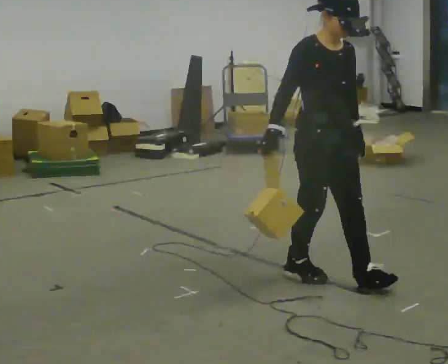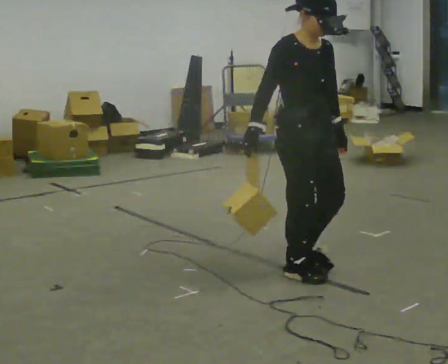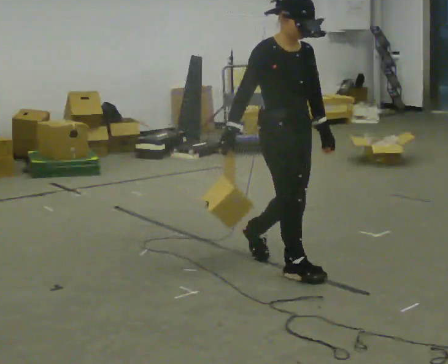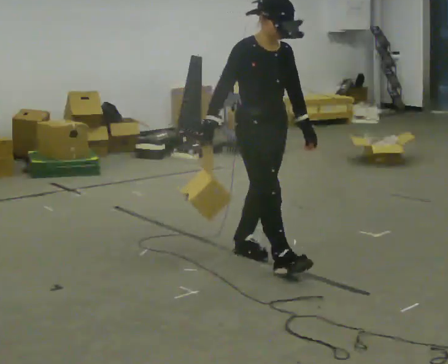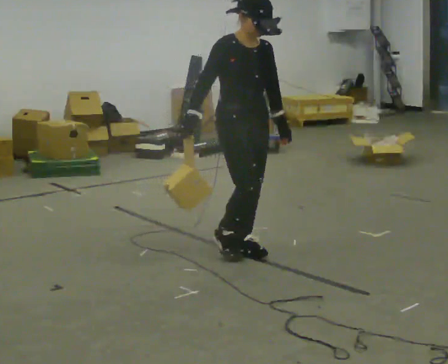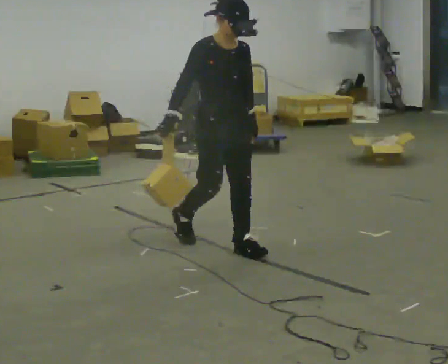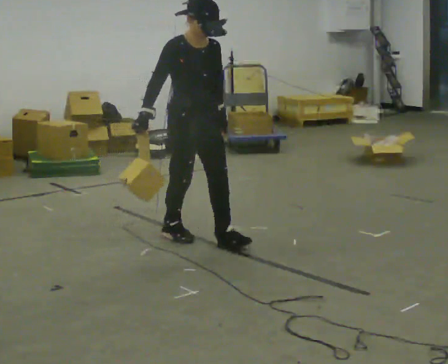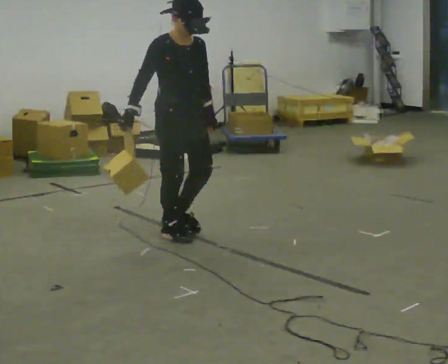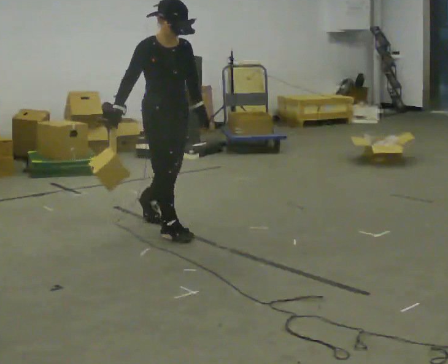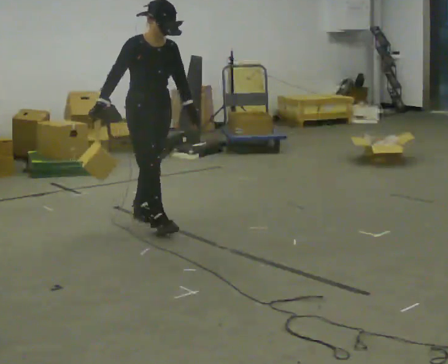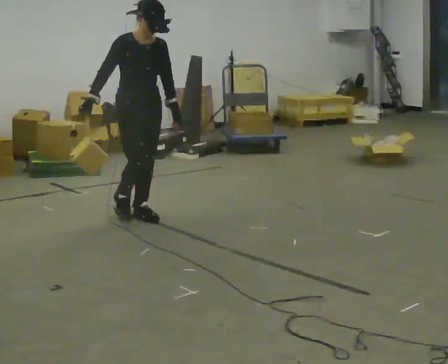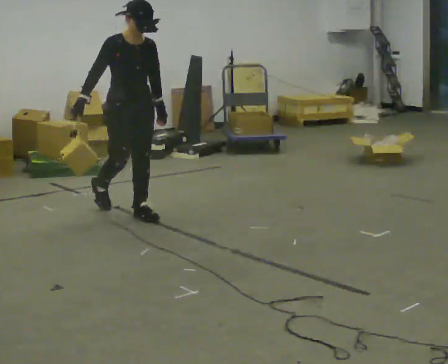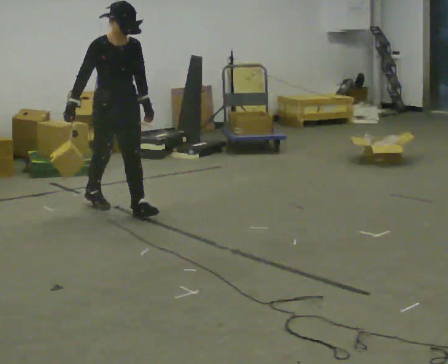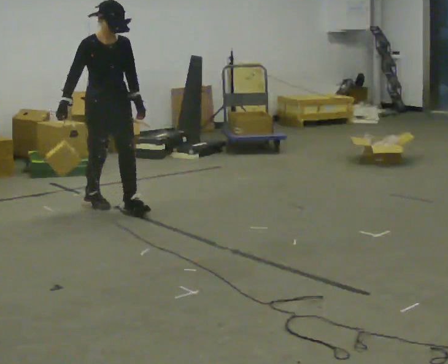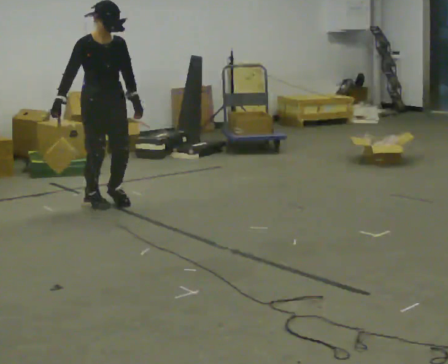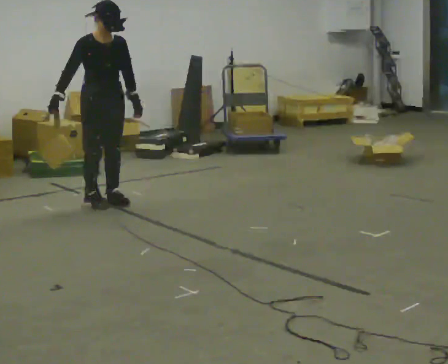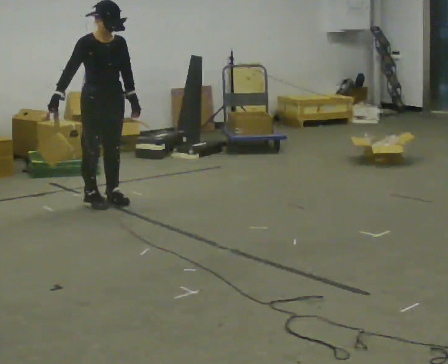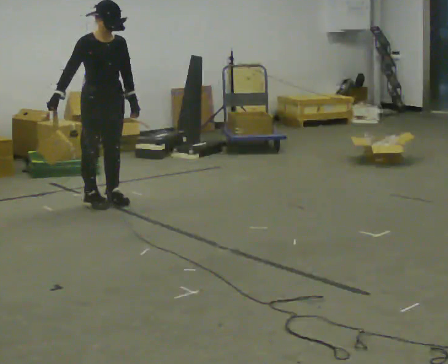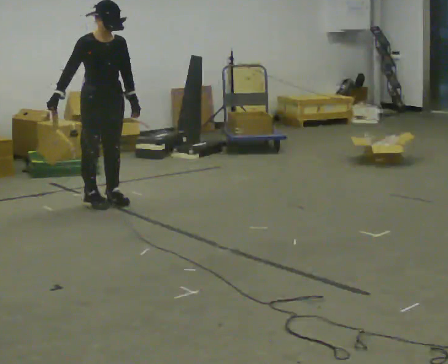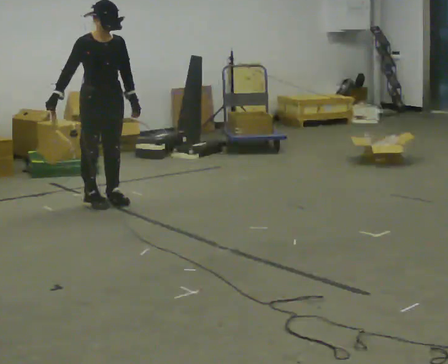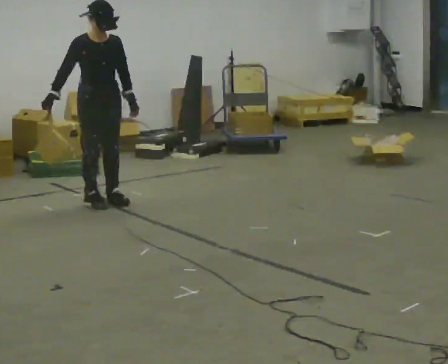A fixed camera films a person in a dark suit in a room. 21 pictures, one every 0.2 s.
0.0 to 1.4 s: In the picture they go away from the camera and to the left, about 1 m in 2 steps, which for them is backward.
1.4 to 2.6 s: In the picture they go away from the camera and to the left, about 1 m in 2 steps, which for them is backward.
2.6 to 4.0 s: In the picture they go away from the camera, about 0.25 m, which for them is backward.
The film runs backward here.
